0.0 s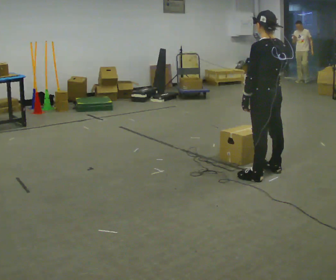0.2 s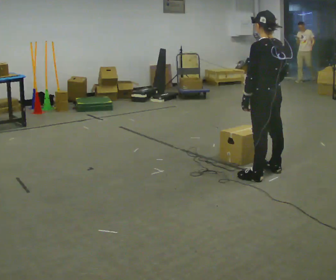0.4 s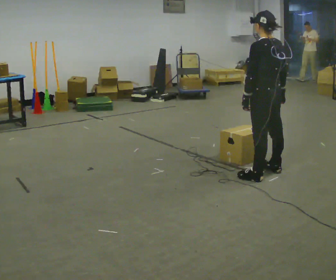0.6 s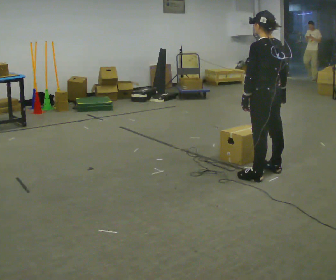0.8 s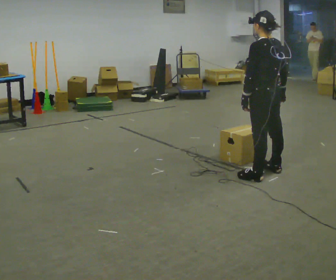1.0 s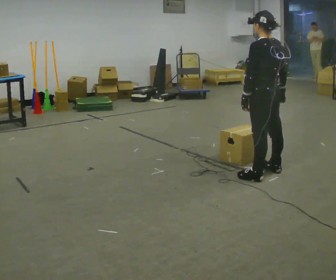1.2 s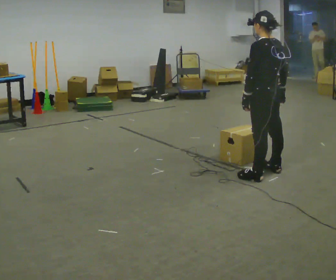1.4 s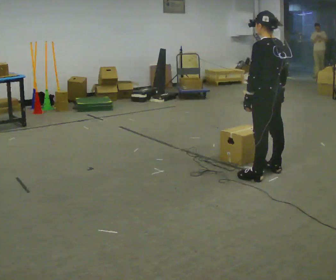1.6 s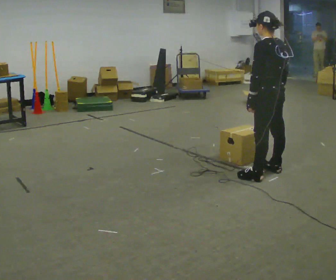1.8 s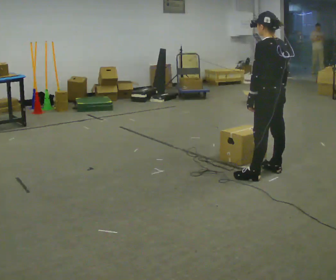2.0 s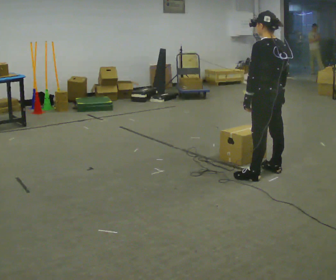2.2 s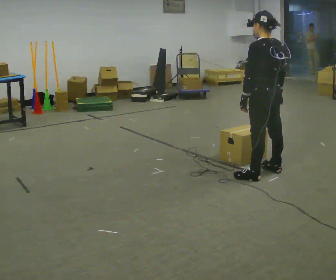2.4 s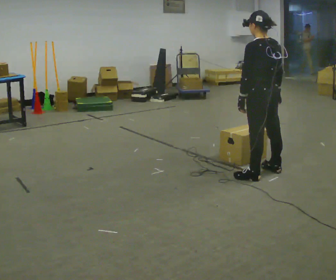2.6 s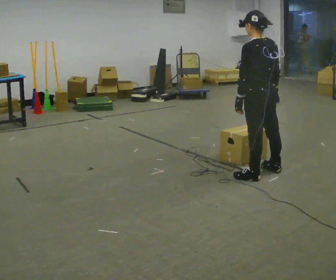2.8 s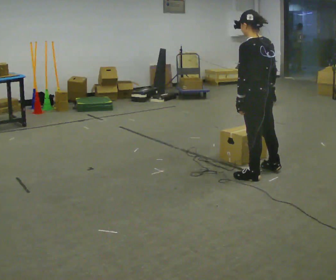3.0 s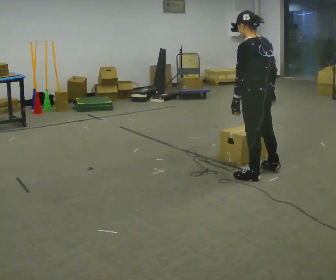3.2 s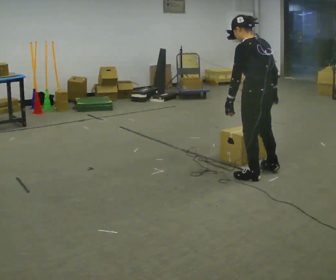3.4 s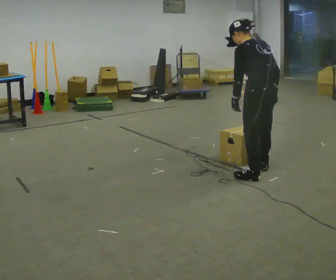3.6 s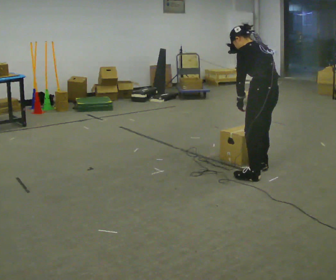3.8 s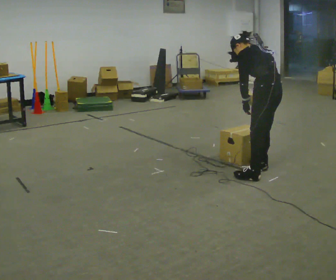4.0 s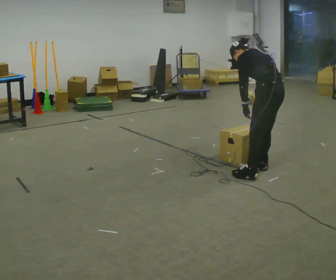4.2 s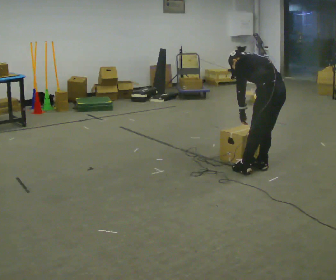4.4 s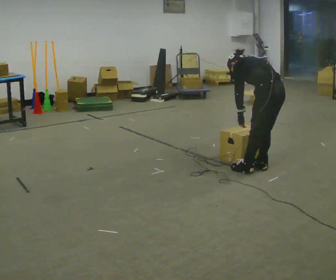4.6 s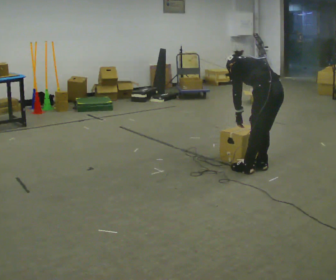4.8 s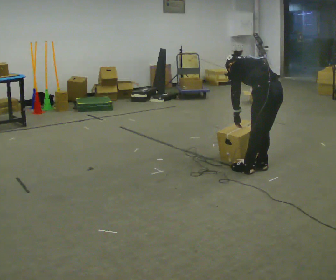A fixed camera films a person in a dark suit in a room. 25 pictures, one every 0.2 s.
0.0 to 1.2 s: In the picture their right hand goes downward.
1.2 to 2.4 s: The person moves a little, or ends about where they began.
2.4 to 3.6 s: The upper body tips away from the camera, its near side rolling upward, as they bend forward.
3.6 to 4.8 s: The shoulders move downward. The upper body tips away from the camera, its near side rolling upward, as they bend forward.
The film runs backward here.
